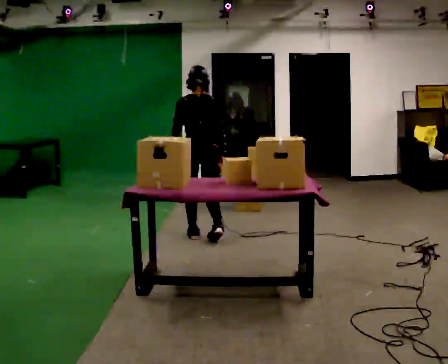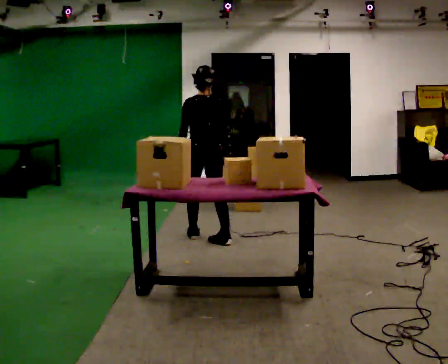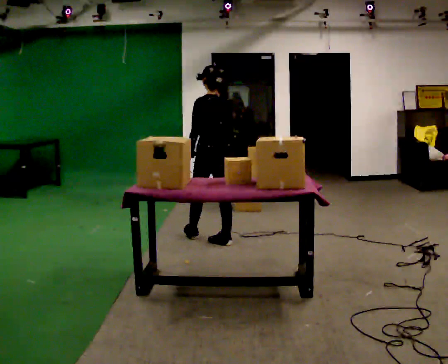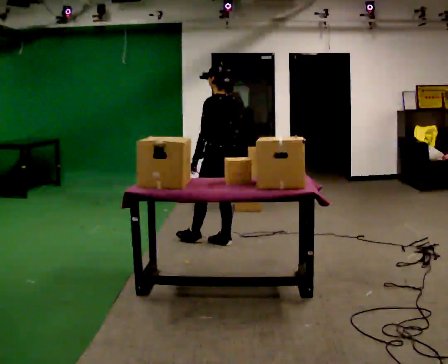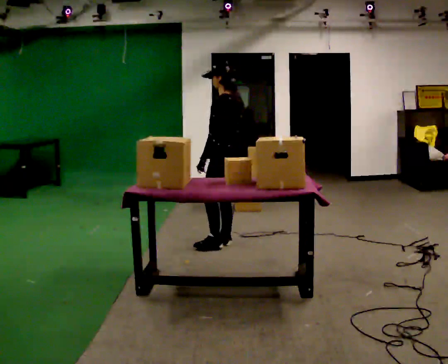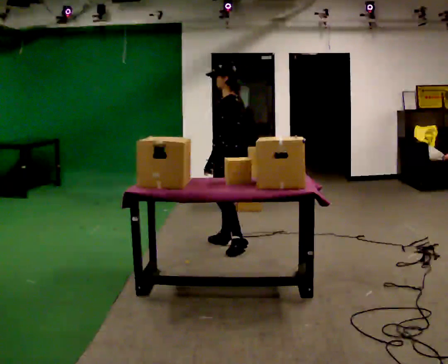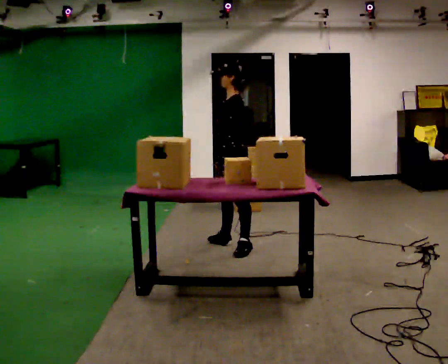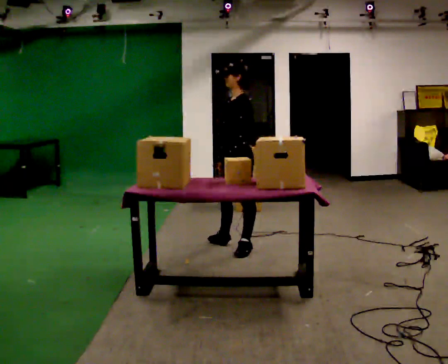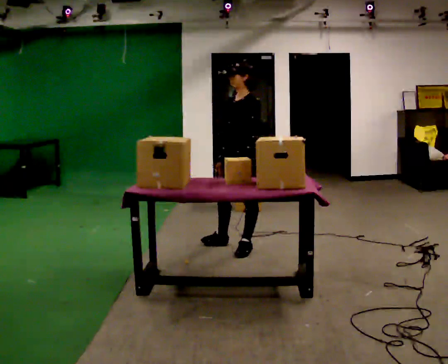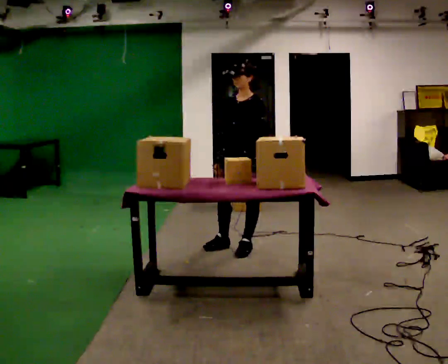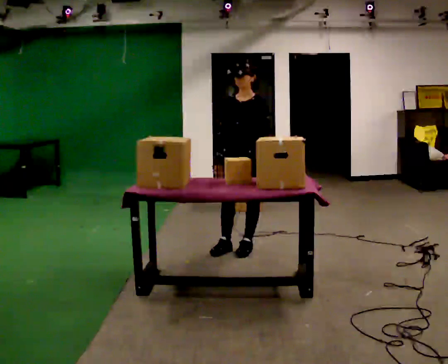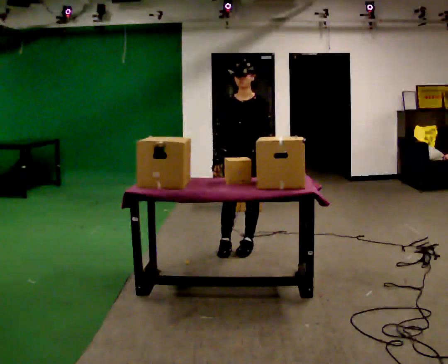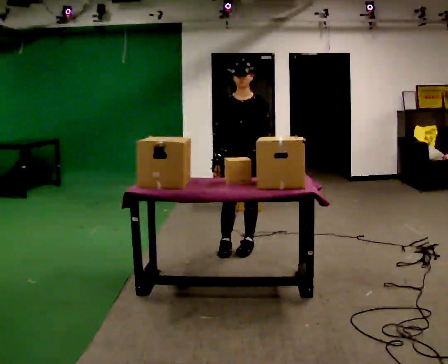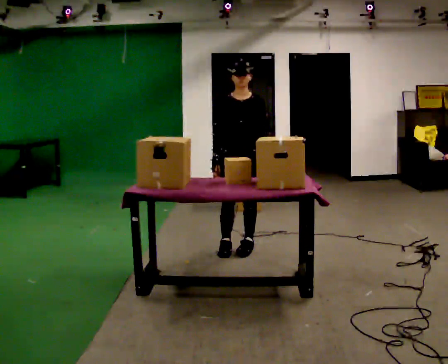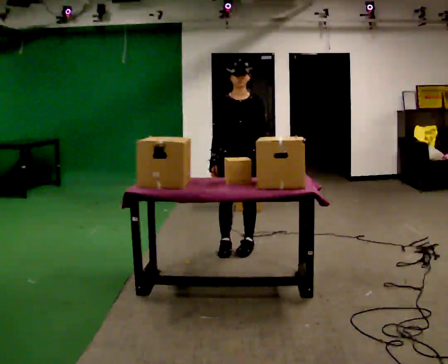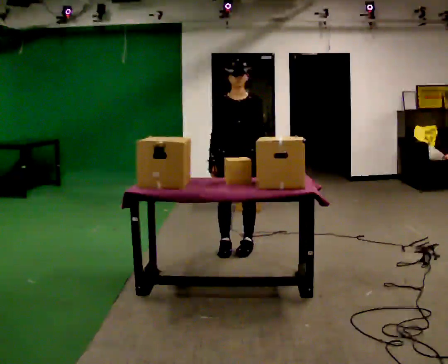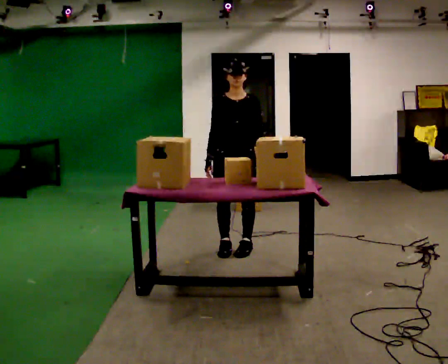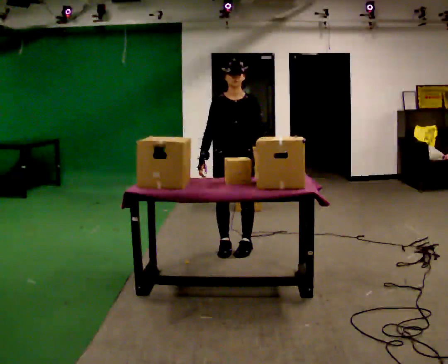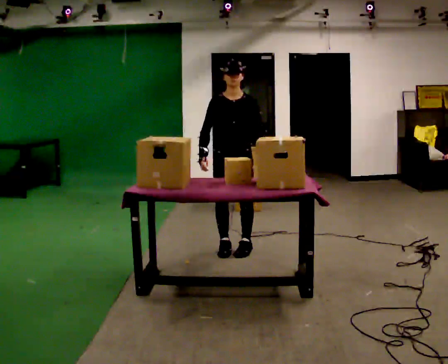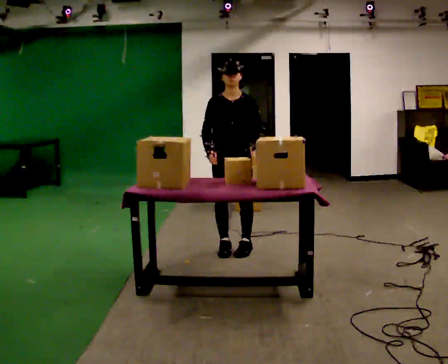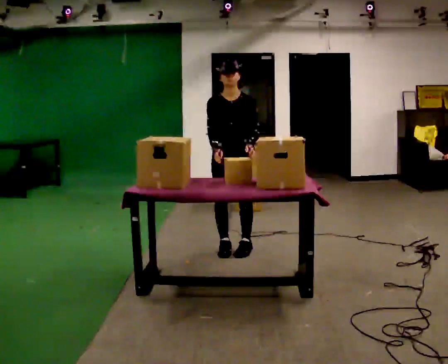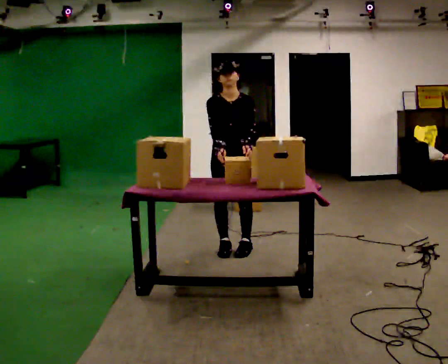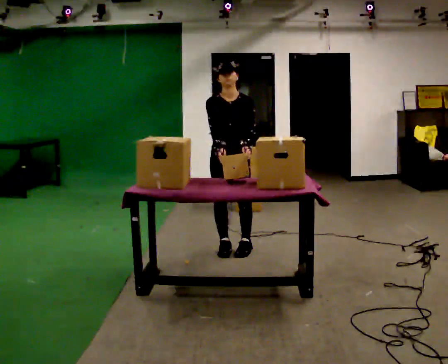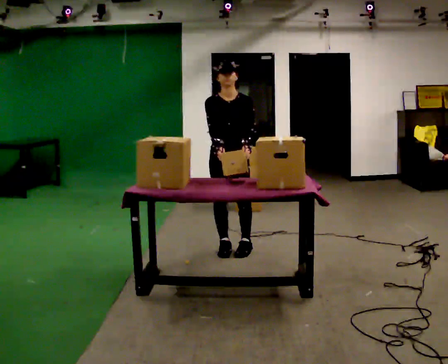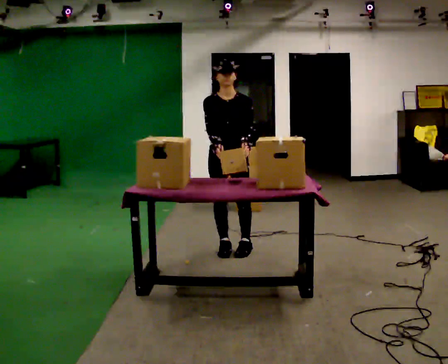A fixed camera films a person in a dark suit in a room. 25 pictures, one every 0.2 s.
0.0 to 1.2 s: The person turns about 90 degrees to their left, counterclockwise seen from above, so the part of the body nearest the lens slides to the right. In the picture they go to the right and toward the camera, about 0.5 m in 1 step.
1.2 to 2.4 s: The person turns about 75 degrees to their left, counterclockwise seen from above, so the part of the body nearest the lens slides to the right. In the picture their left hand goes to the right.
2.4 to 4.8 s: The person moves a little, or ends about where they began.
The film runs backward here.
